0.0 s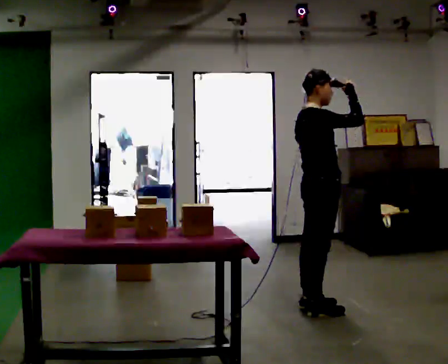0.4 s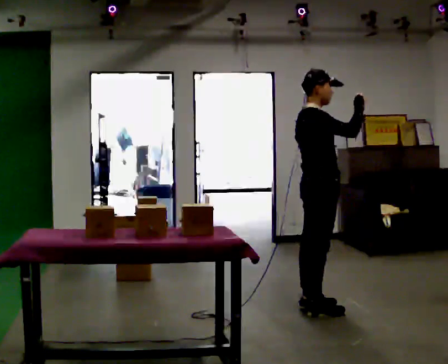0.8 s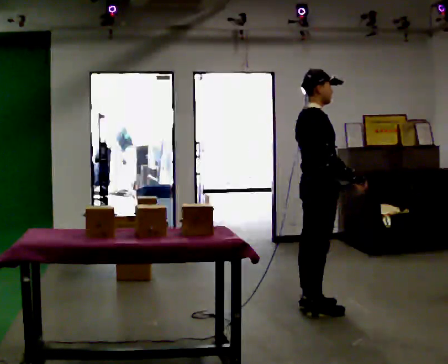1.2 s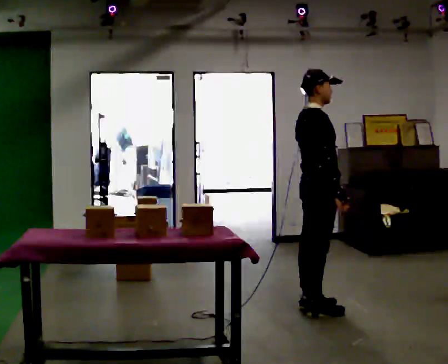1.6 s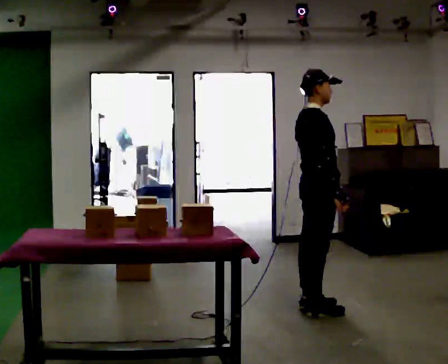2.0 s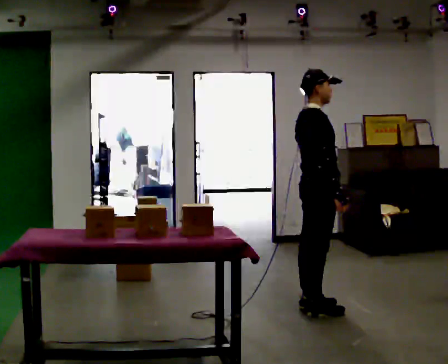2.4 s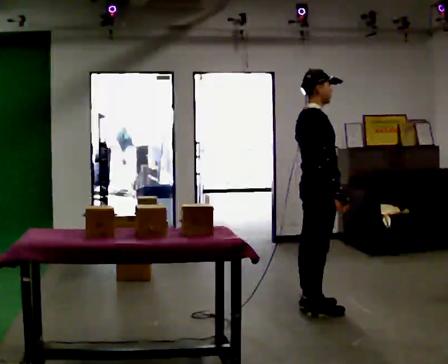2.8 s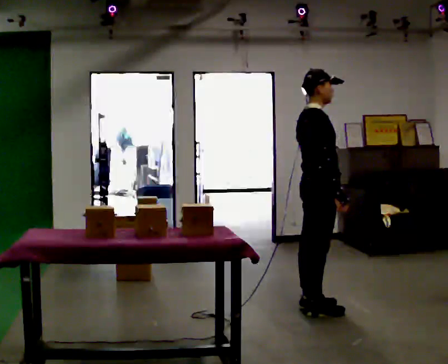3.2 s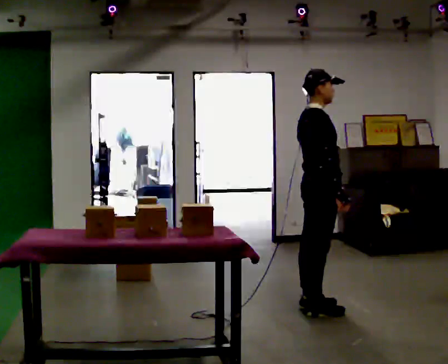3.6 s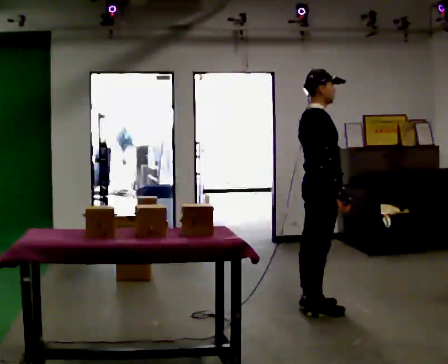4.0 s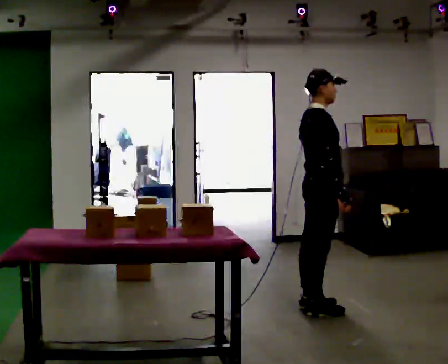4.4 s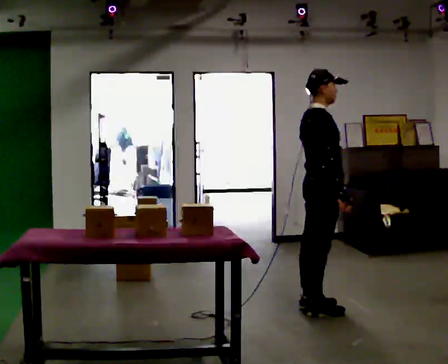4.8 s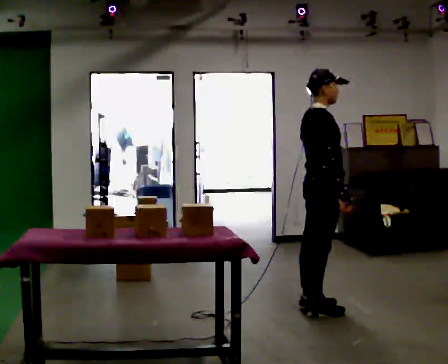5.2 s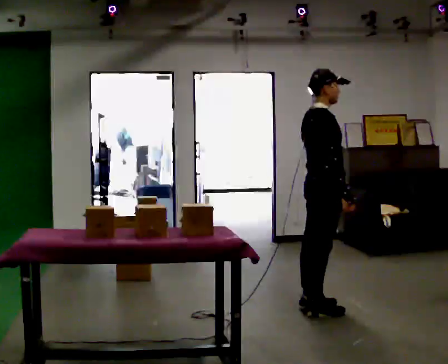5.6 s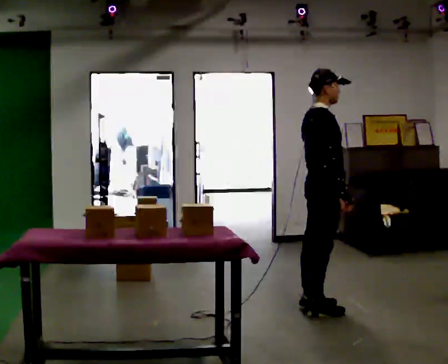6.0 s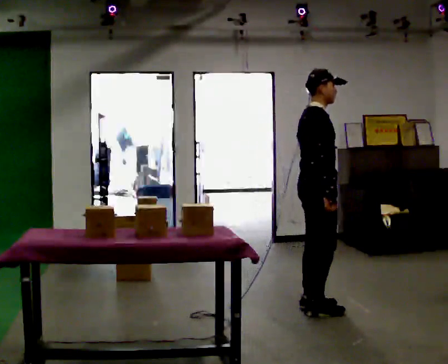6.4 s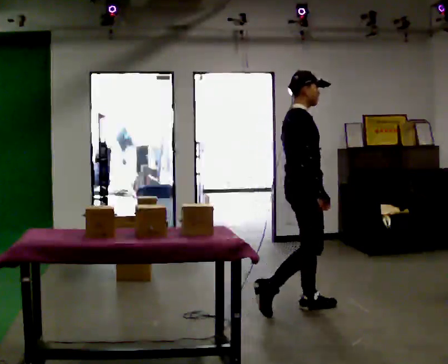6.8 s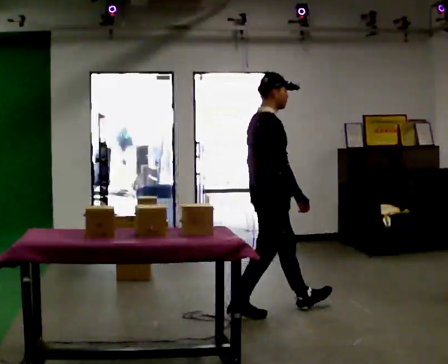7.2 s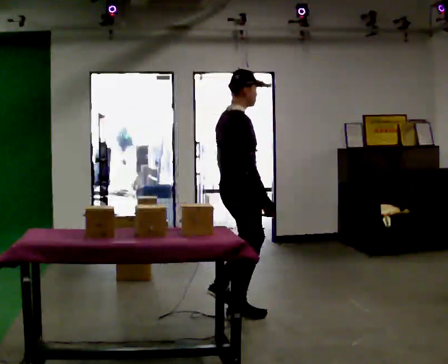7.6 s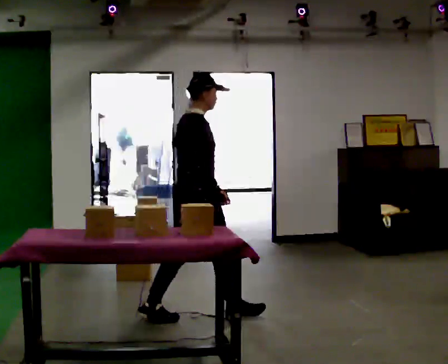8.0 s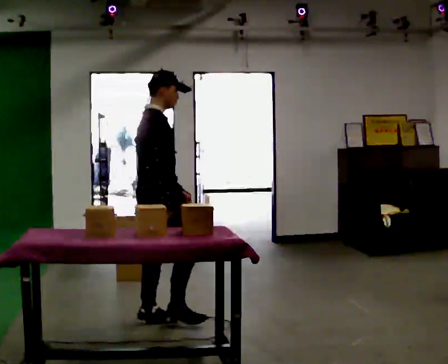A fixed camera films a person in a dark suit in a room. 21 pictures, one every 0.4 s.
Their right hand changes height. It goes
downward.
The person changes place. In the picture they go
to the left.
0.0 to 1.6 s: In the picture their right hand goes downward, the arm swinging clockwise.
1.6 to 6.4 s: The person moves a little, or ends about where they began.
6.4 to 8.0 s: In the picture they go to the left and toward the camera, about 1 m in 2 steps, which for them is backward.
The film runs backward here.
